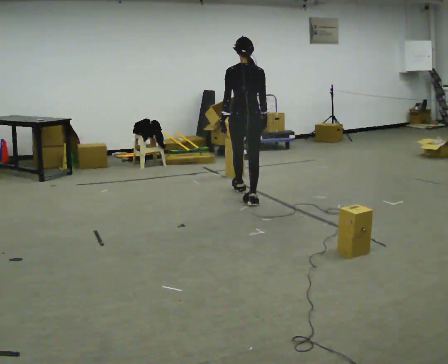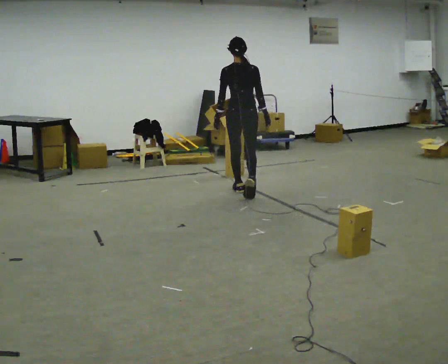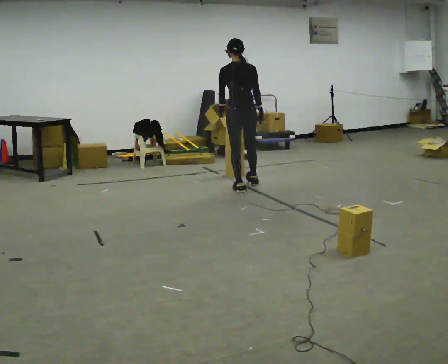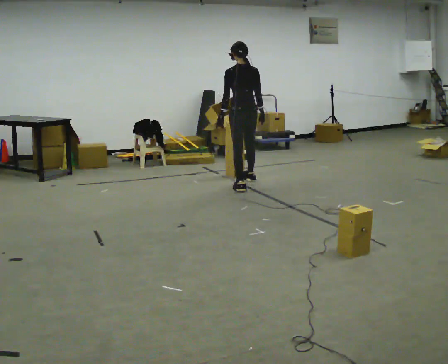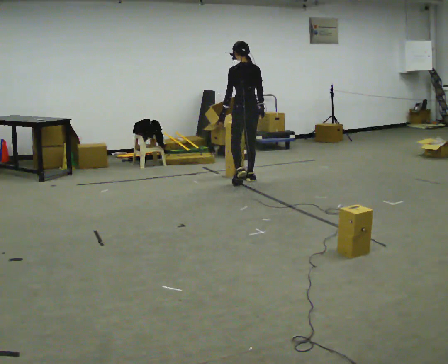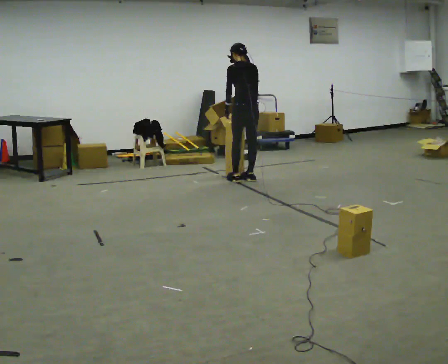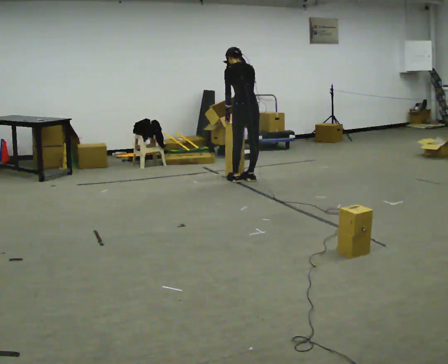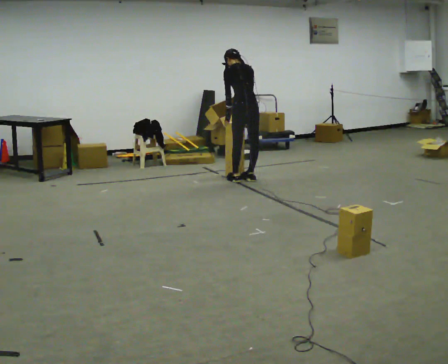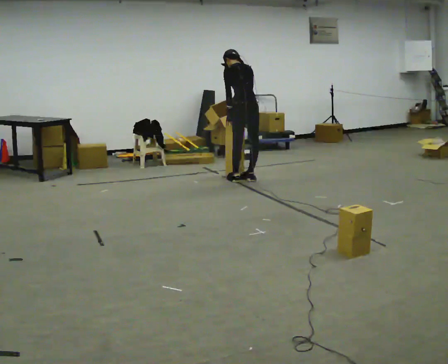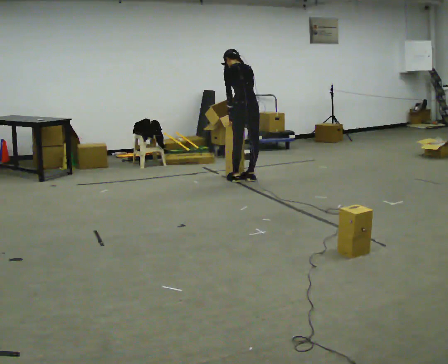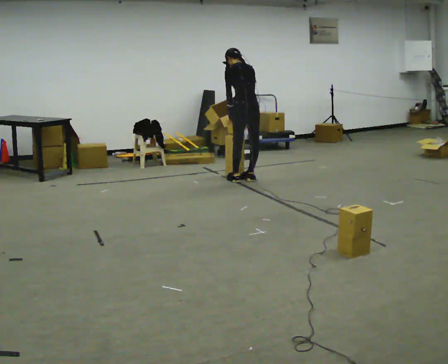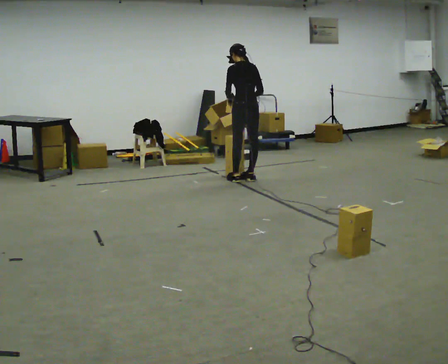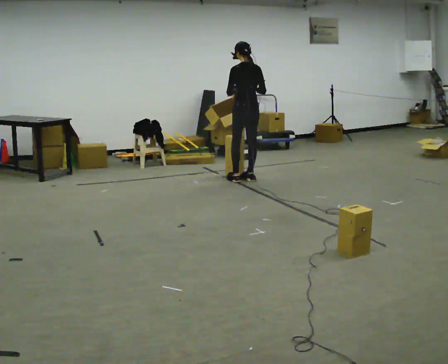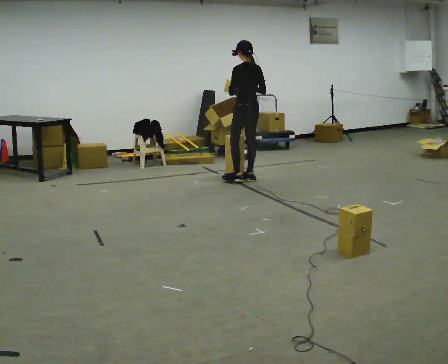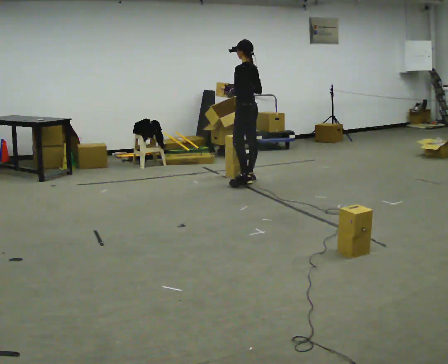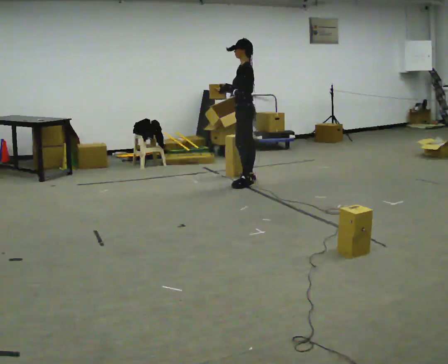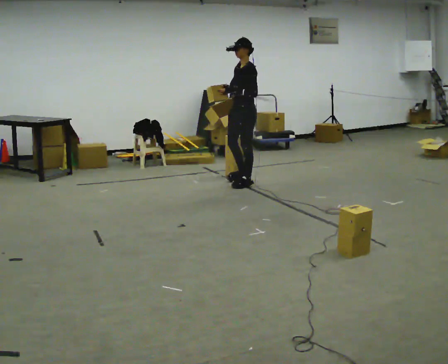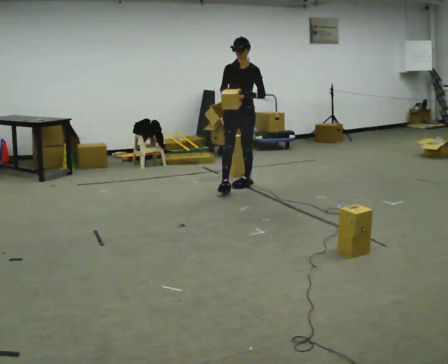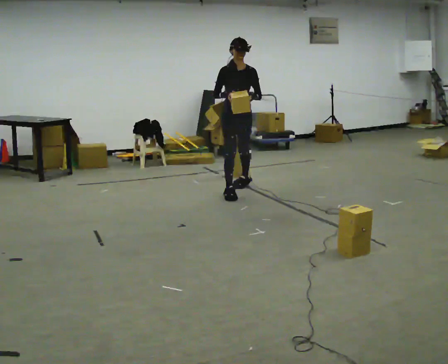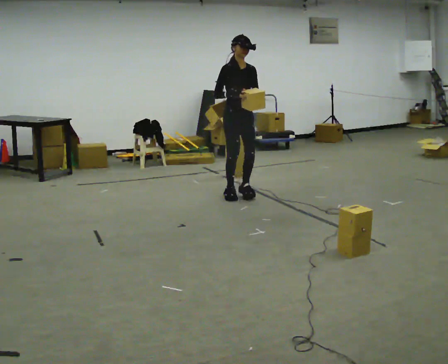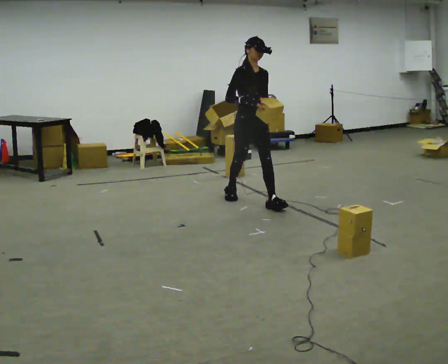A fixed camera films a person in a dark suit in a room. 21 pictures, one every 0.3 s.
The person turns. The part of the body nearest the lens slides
to the right.
The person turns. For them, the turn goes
to their left.
0.0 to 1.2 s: Seen from above the body turns counterclockwise, about 30 degrees: to their left, with its near side sliding to the right. In the picture they go away from the camera, about 0.5 m in 1 step, which for them is forward.
1.2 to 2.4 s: The upper body tips away from the camera, its near side rolling upward, as they bend forward.
2.4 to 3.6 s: The upper body tips toward the camera, its near side rolling downward, as they lean back or straighten.
3.6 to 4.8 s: The part of the body nearest the lens slides to the right as the person turns to their left by about 90 degrees. In the picture they go toward the camera, about 0.25 m in 1 step.
4.8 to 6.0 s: Seen from above the body turns counterclockwise, about 90 degrees: to their left, with its near side sliding to the right. In the picture they go toward the camera, about 0.5 m in 2 steps.
The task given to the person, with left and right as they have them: Take boxes off the top of the stack one at a time and carry them away, walking back for each one. Keep going until the operator says stop; one object at a time, and do not rush between trips.
The film runs forward here.
